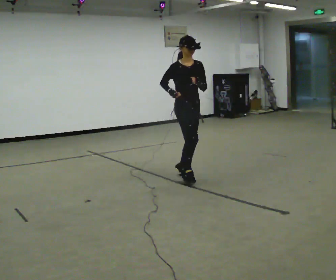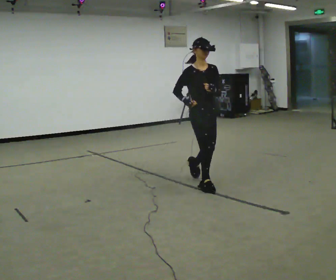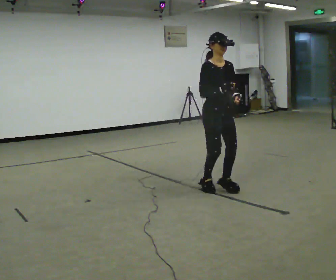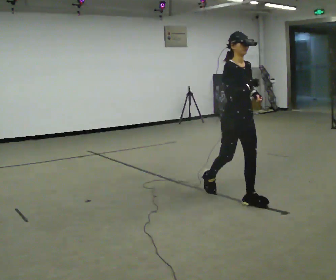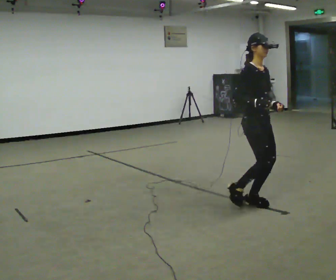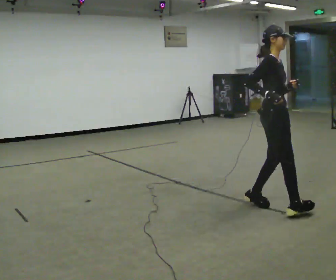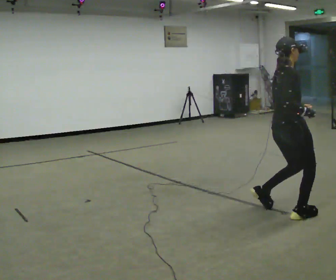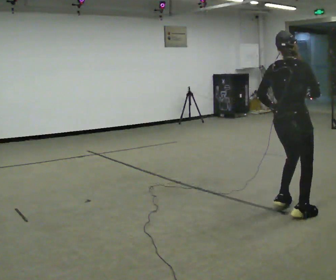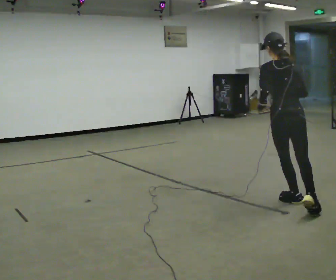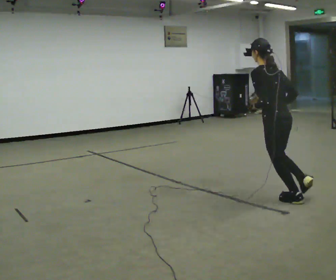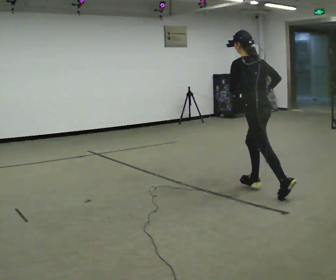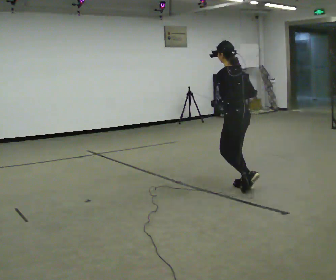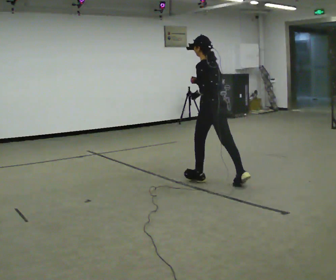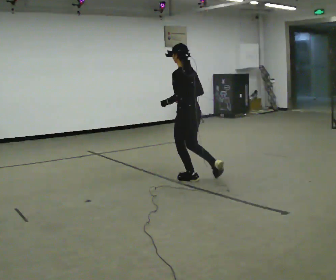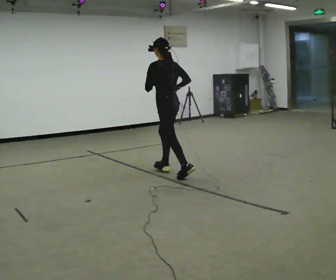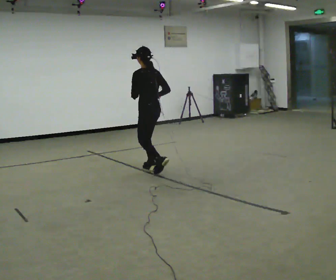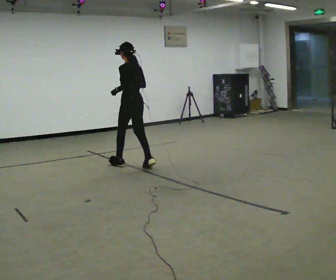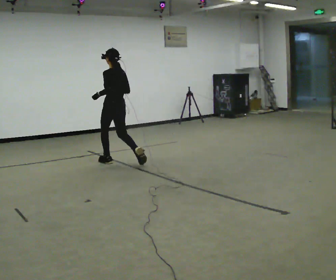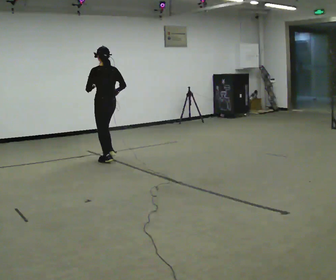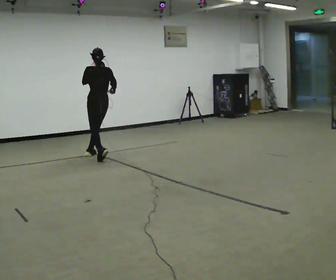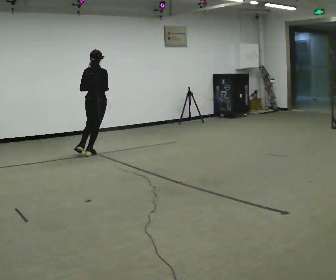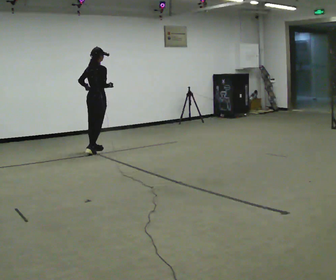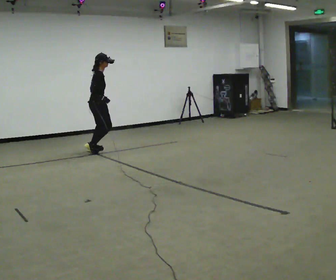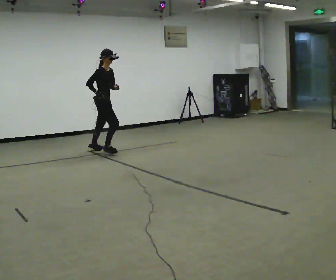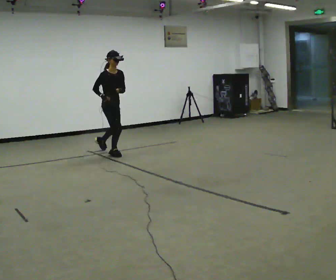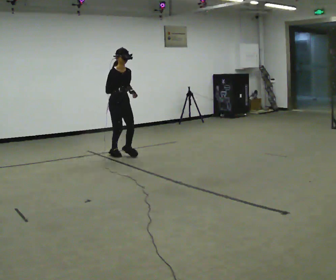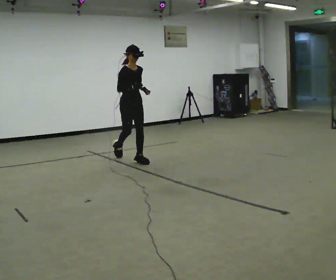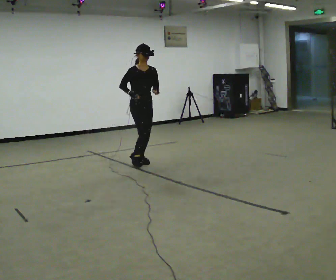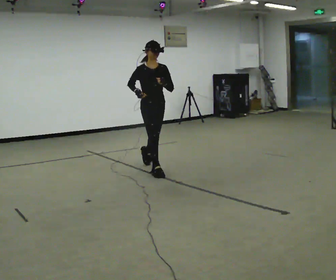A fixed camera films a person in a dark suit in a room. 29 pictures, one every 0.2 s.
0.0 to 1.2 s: The person turns about 75 degrees to their left, counterclockwise seen from above, so the part of the body nearest the lens slides to the right. In the picture they go toward the camera and to the right, about 1.5 m in 3 steps.
1.2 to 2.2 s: The person turns about 105 degrees to their left, counterclockwise seen from above, so the part of the body nearest the lens slides to the right. In the picture they go away from the camera, about 1 m in 2 steps.
2.2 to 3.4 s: In the picture they go to the left and away from the camera, about 2 m in 3 steps, which for them is forward.
3.4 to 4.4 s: The person turns about 105 degrees to their right, clockwise seen from above, so the part of the body nearest the lens slides to the left. In the picture they go away from the camera and to the left, about 1 m in 2 steps.
4.4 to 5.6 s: Seen from above the body turns clockwise, about 90 degrees: to their right, with its near side sliding to the left. In the picture they go toward the camera and to the right, about 1.5 m in 2 steps.
The film runs forward here.
